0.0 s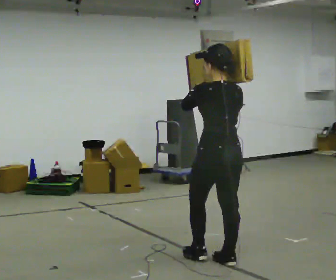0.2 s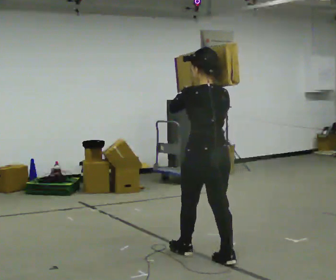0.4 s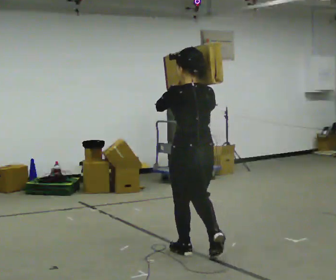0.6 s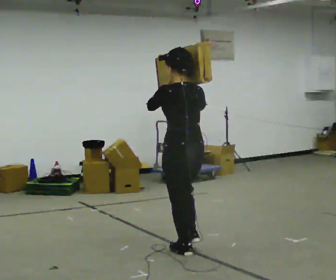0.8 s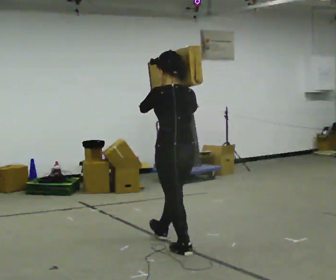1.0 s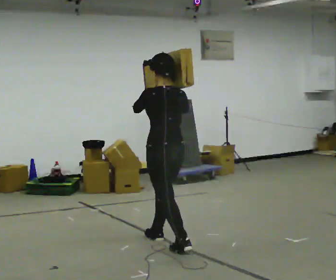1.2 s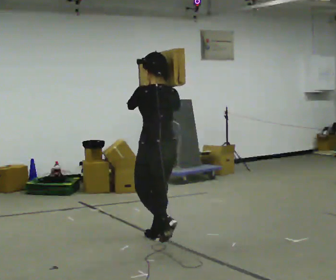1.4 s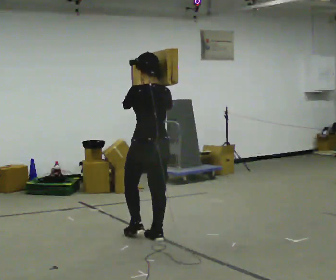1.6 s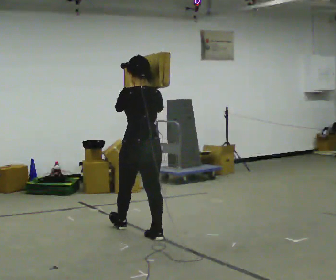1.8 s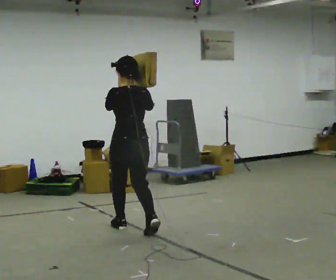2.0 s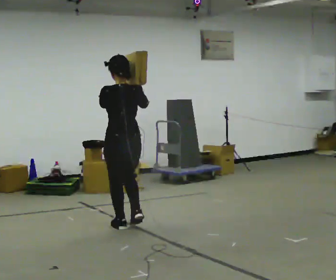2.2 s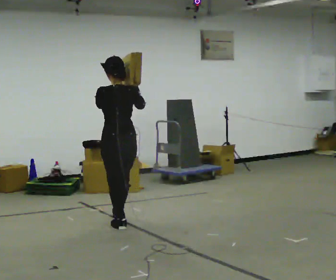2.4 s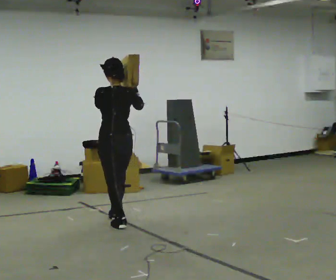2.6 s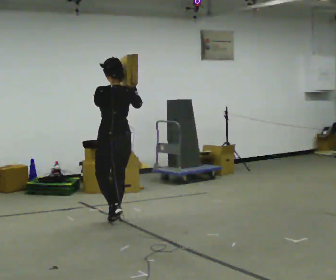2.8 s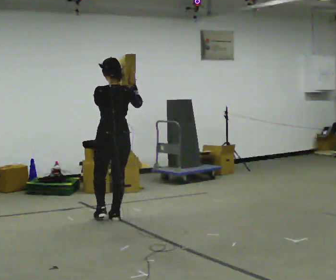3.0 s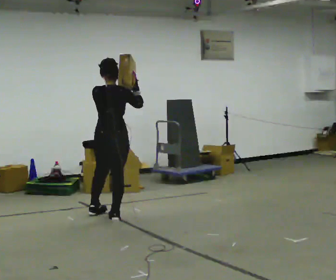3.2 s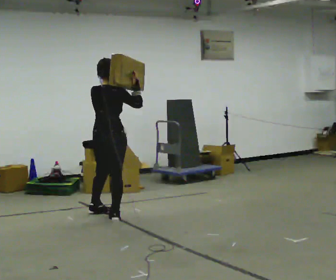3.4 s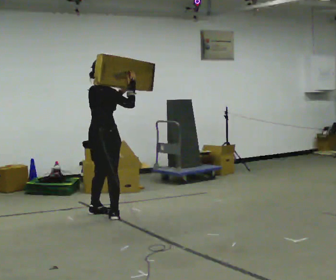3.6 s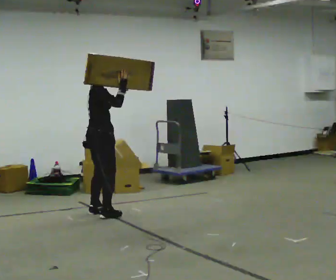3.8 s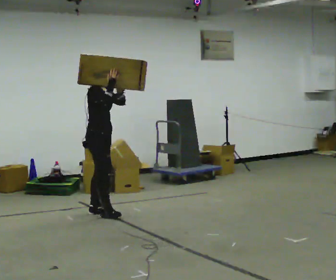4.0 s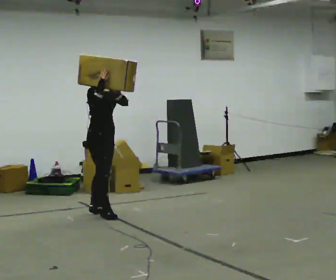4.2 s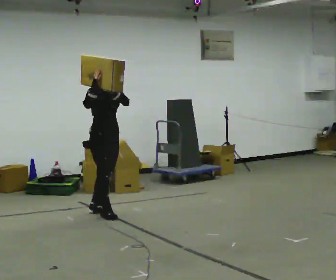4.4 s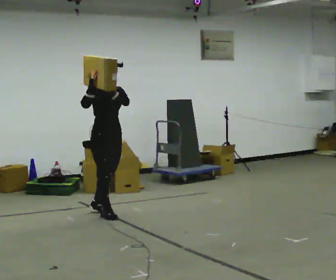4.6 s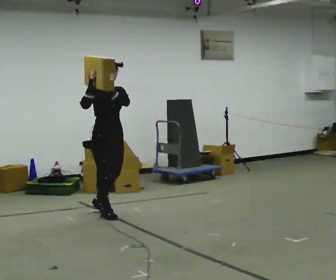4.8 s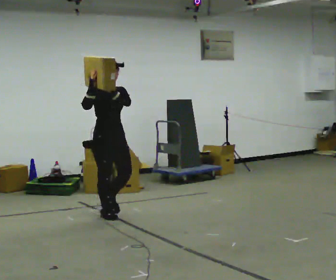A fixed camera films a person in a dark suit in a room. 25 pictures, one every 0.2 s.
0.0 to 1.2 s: In the picture they go away from the camera and to the left, about 1 m in 2 steps, which for them is forward.
1.2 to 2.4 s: In the picture they go away from the camera and to the left, about 1 m in 2 steps, which for them is forward.
2.4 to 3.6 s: Seen from above the body turns clockwise, about 90 degrees: to their right, with its near side sliding to the left. In the picture they go away from the camera and to the left, about 0.5 m in 1 step.
3.6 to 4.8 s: The person turns about 75 degrees to their right, clockwise seen from above, so the part of the body nearest the lens slides to the left. In the picture they go toward the camera, about 0.25 m in 1 step.
The film runs forward here.
